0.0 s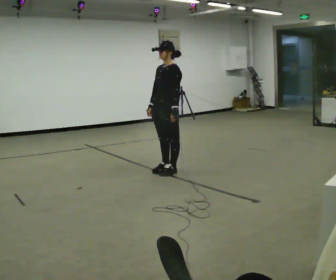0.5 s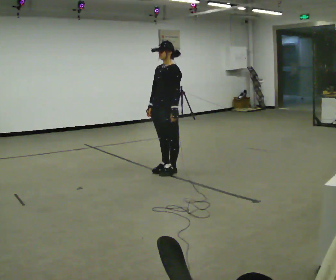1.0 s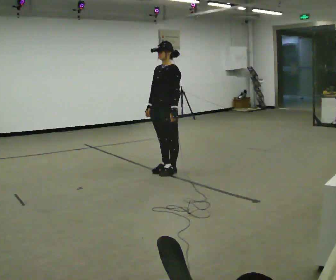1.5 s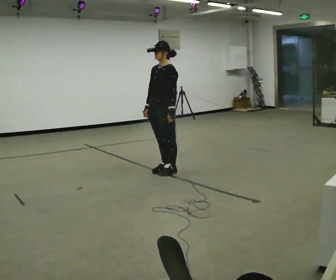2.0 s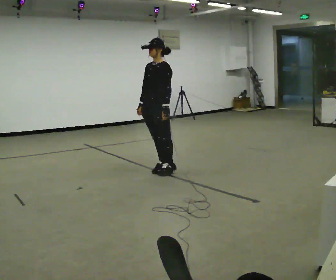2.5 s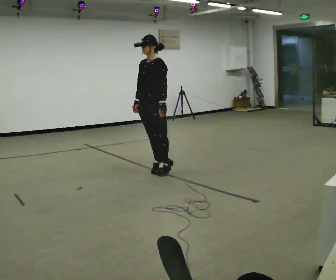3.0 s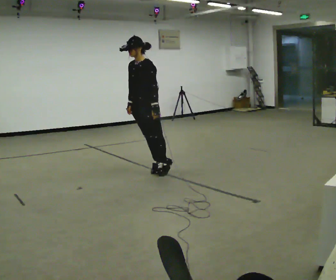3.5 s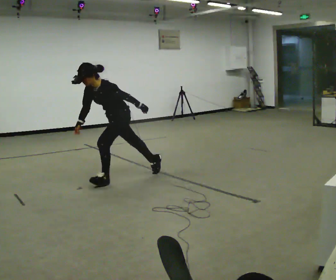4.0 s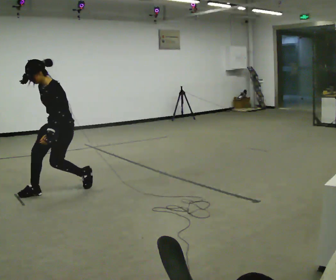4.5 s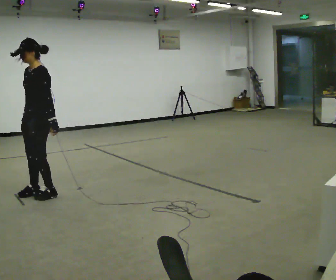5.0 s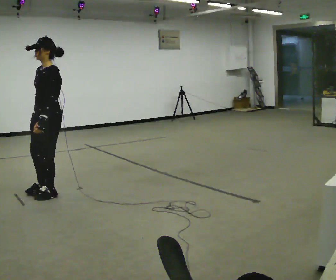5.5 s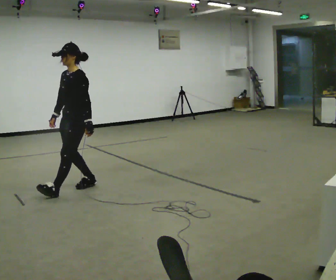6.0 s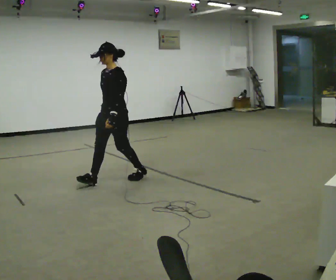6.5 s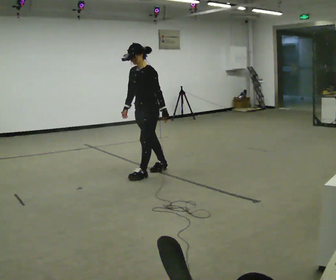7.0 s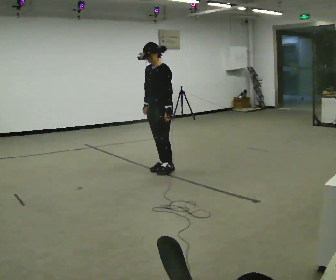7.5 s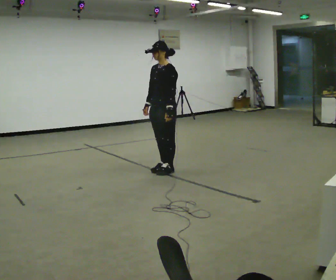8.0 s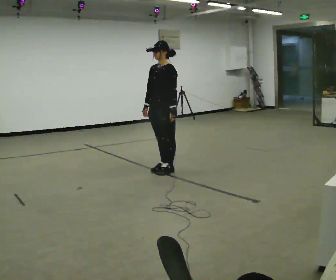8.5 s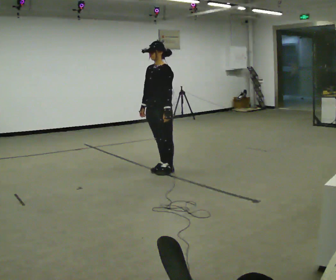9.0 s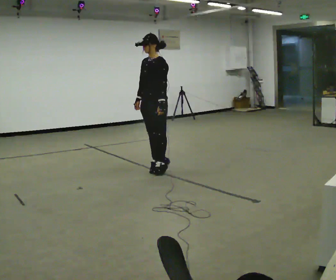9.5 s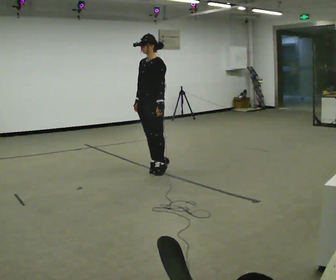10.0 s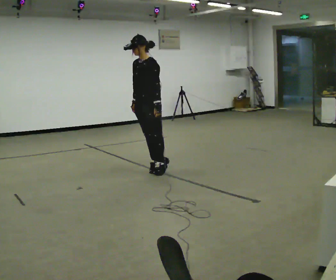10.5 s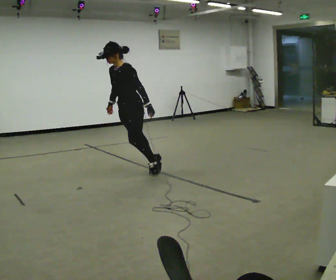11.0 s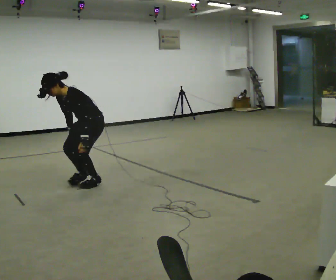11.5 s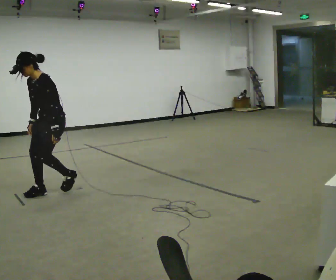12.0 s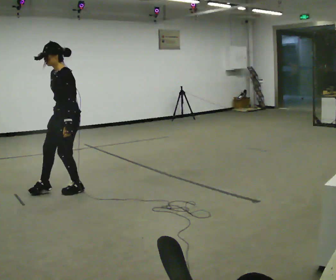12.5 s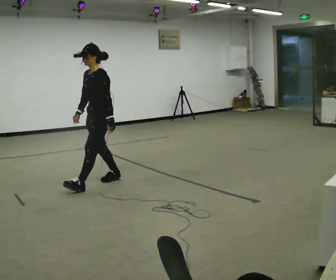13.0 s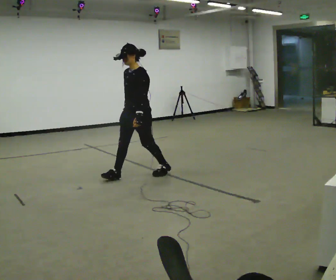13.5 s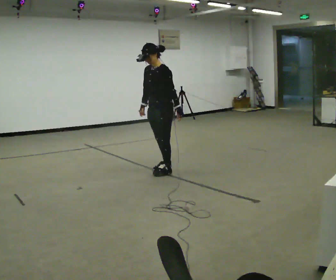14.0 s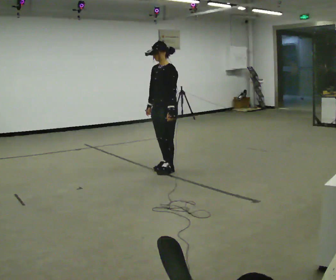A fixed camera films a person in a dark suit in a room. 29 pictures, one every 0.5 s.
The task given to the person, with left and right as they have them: Stand on the marked spots and rise up onto your toes. Stay up until you start to topple forward, then step to catch yourself. Repeat at your own pace until the operator says stop. Go slowly and only as far as you are comfortable. Step whenever you need to; do not try to hold on longer than feels safe.
0.0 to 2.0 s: The person moves a little, or ends about where they began.
2.0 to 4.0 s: In the picture they go to the left and toward the camera, about 1 m in 1 step, which for them is forward.
4.0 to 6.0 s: In the picture they go to the right and away from the camera, about 0.75 m in 3 steps, which for them is backward.
6.0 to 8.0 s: In the picture they go to the right and away from the camera, about 0.75 m in 3 steps, which for them is backward.
8.0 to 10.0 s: In the picture they go to the left, about 0.25 m, which for them is forward.
10.0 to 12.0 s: In the picture they go to the left and toward the camera, about 1 m in 3 steps, which for them is forward.
12.0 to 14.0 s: In the picture they go to the right and away from the camera, about 1.5 m in 3 steps, which for them is backward.
The film runs forward here.
